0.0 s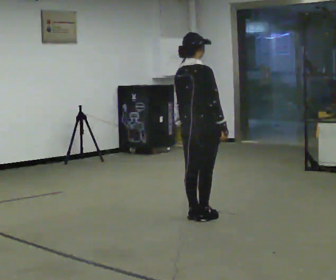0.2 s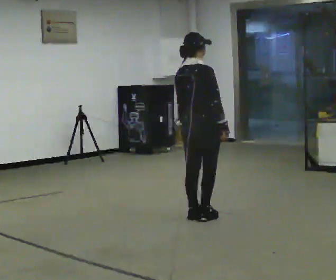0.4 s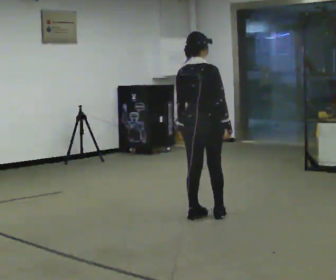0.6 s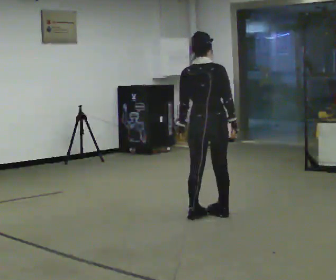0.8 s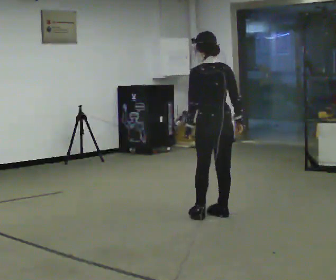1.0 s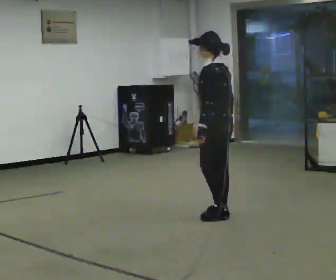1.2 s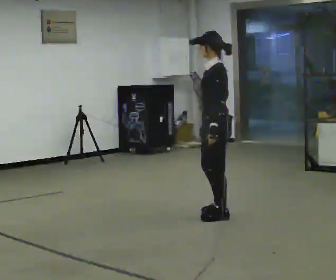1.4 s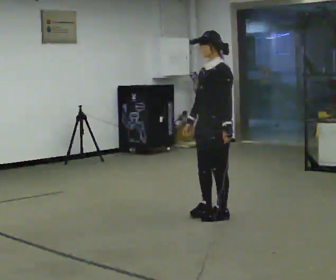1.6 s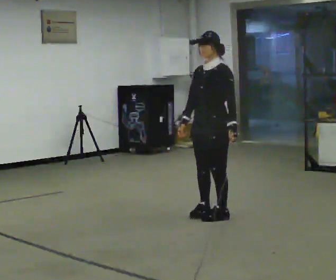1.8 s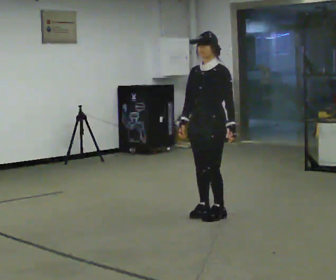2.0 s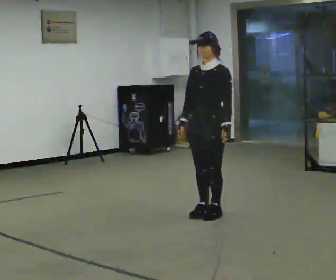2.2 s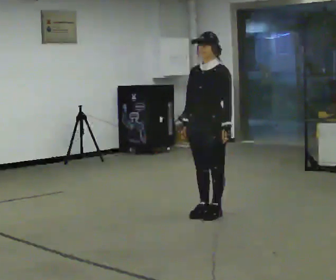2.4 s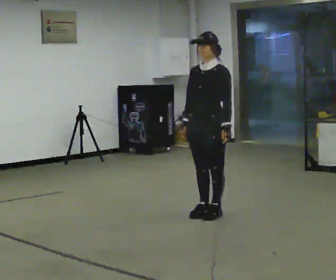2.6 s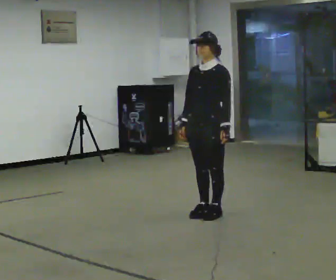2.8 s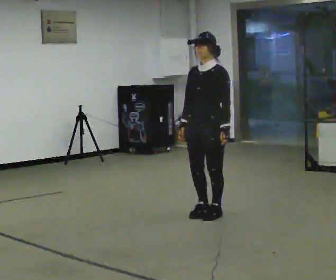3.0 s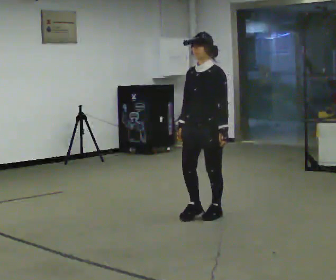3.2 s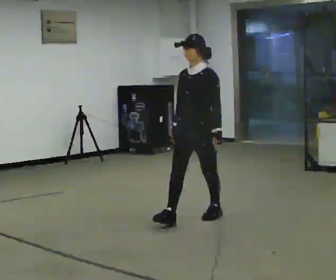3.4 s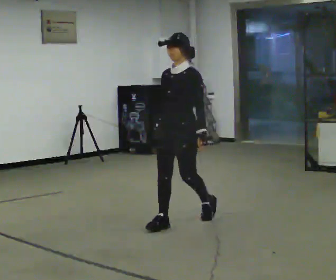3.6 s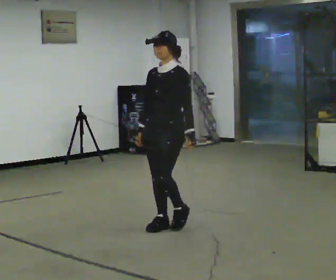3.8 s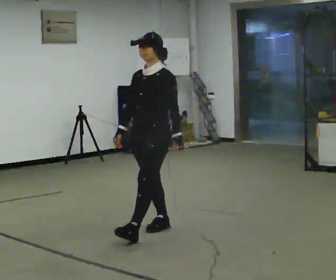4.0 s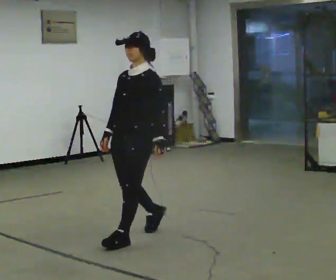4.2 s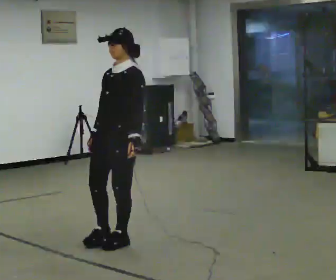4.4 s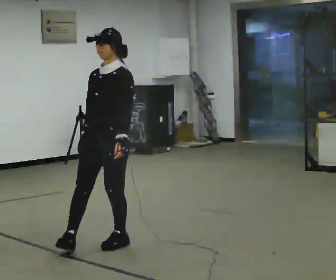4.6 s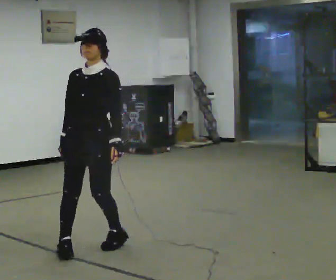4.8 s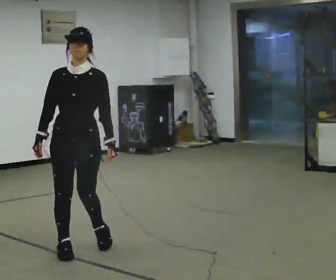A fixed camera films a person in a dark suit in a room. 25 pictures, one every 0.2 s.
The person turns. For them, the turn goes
to their left.
The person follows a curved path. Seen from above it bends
clockwise.
0.0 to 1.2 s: Seen from above the body turns counterclockwise, about 135 degrees: to their left, with its near side sliding to the right. In the picture they go to the right, about 0.25 m in 2 steps.
1.2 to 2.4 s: Seen from above the body turns counterclockwise, about 45 degrees: to their left, with its near side sliding to the right.
2.4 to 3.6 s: In the picture they go toward the camera and to the left, about 0.5 m in 1 step, which for them is forward.
3.6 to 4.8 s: Seen from above the body turns counterclockwise, about 45 degrees: to their left, with its near side sliding to the right. In the picture they go toward the camera and to the left, about 1 m in 2 steps, which for them is forward.
The film runs forward here.
